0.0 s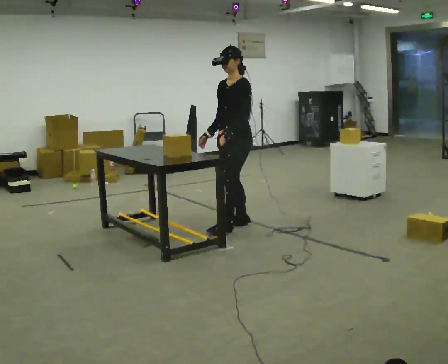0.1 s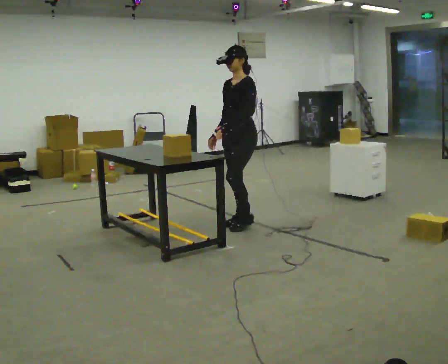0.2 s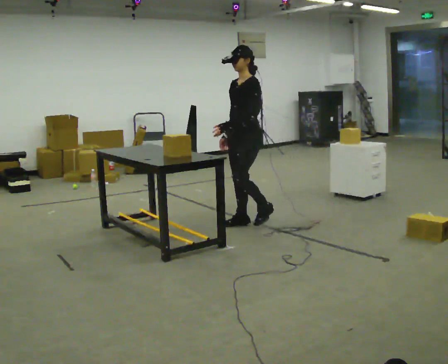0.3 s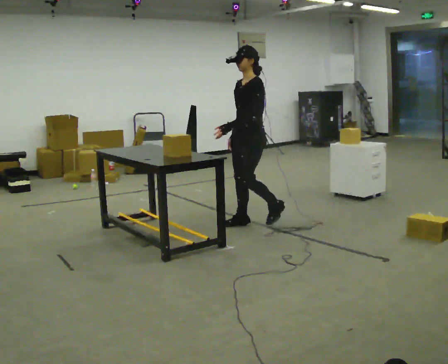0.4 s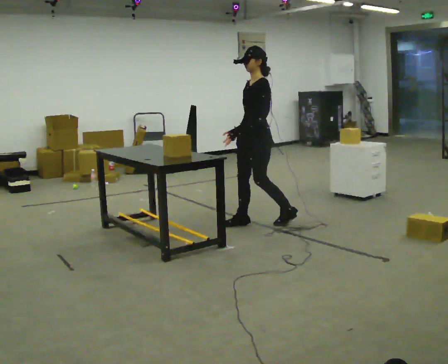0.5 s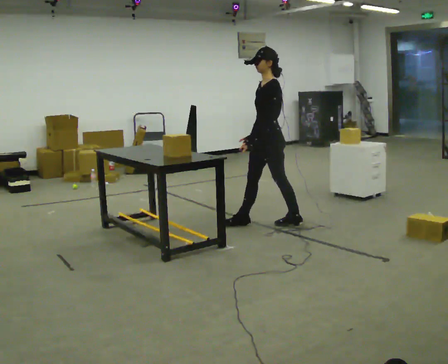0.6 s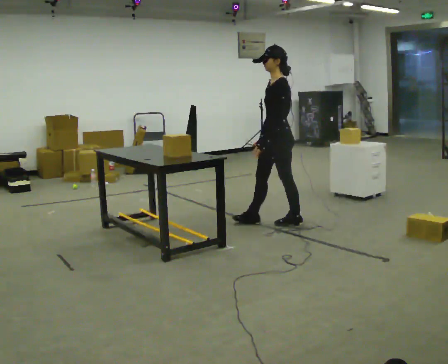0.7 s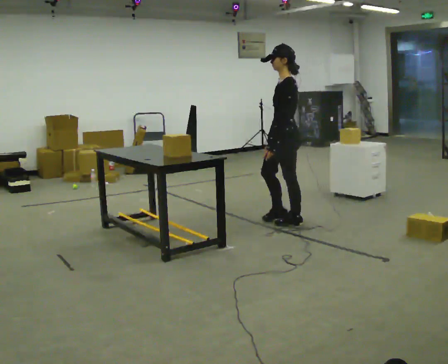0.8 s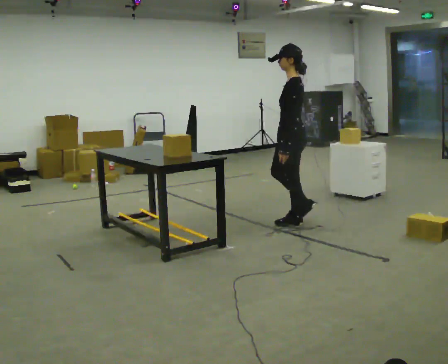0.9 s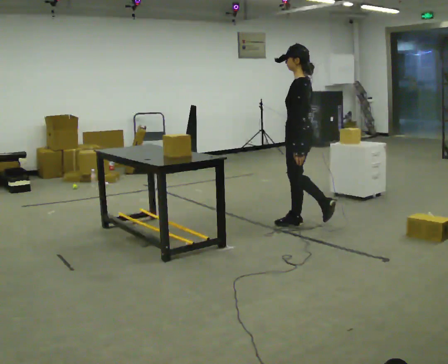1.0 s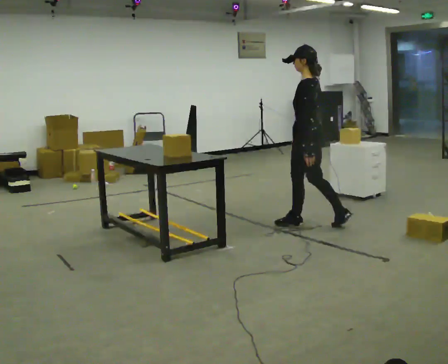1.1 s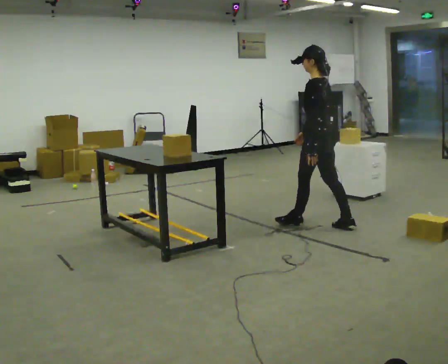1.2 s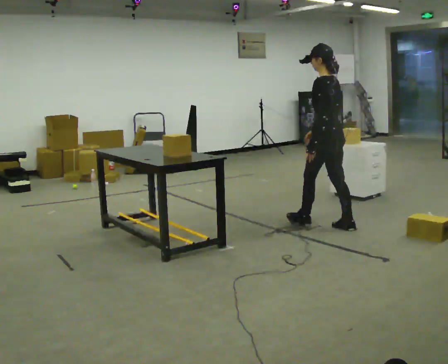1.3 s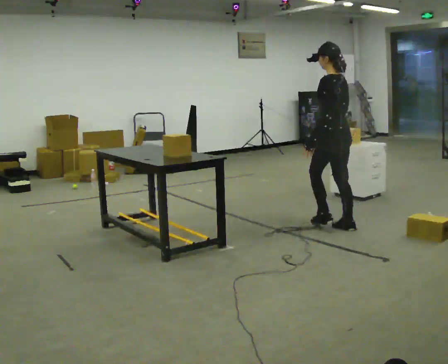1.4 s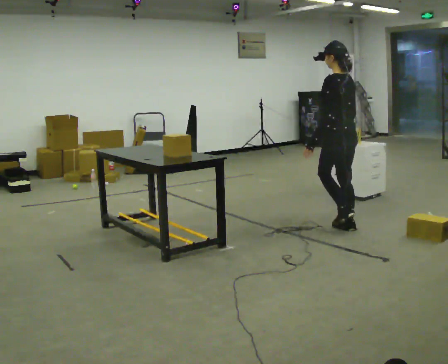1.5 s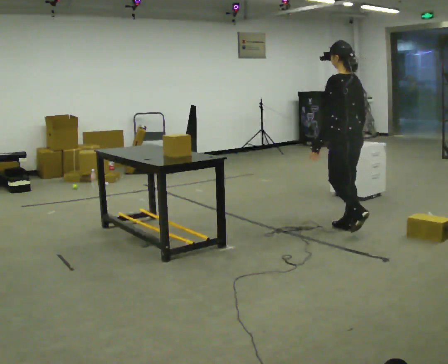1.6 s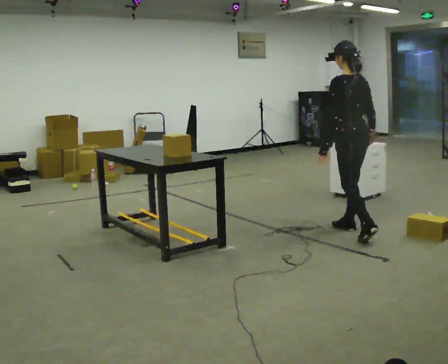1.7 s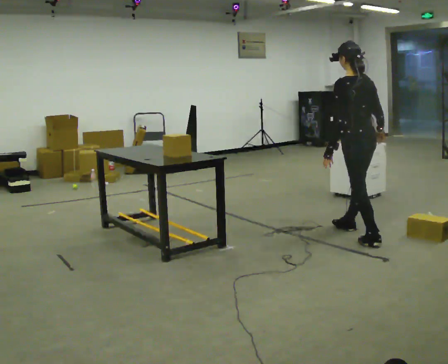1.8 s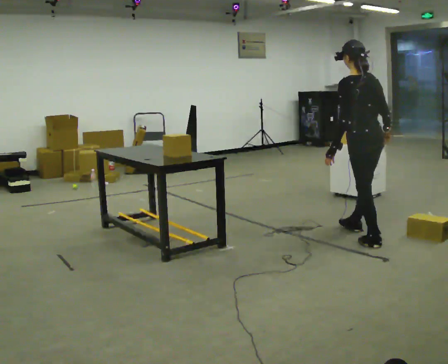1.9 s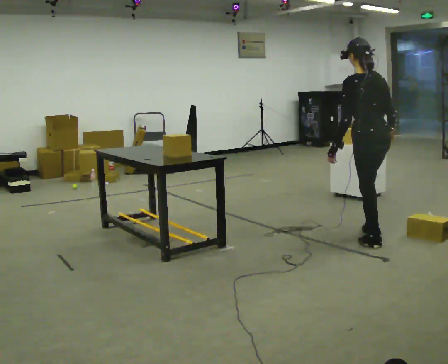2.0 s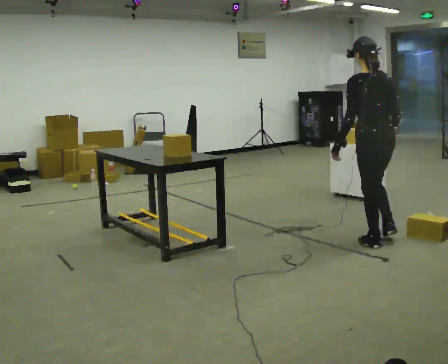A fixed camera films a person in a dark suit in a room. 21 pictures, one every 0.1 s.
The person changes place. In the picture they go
to the right.
The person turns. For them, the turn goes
to their right.
0.0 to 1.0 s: The person turns about 60 degrees to their right, clockwise seen from above, so the part of the body nearest the lens slides to the left. In the picture they go to the right, about 0.5 m in 1 step.
1.0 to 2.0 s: The part of the body nearest the lens slides to the left as the person turns to their right by about 45 degrees. In the picture they go to the right and toward the camera, about 0.5 m in 2 steps, which for them is backward.
The film runs backward here.
